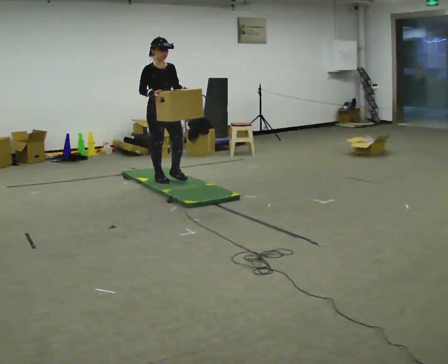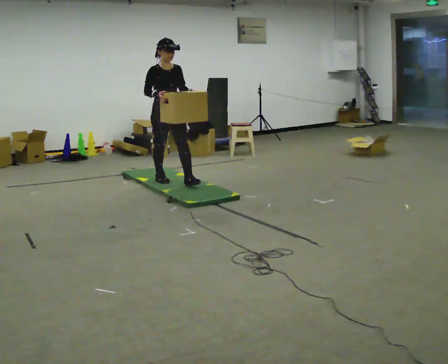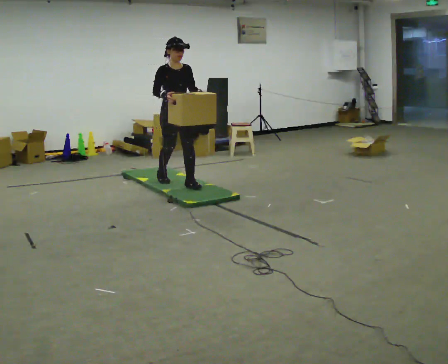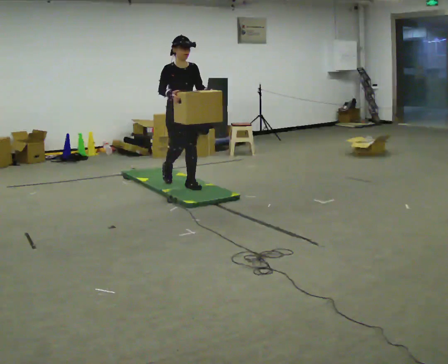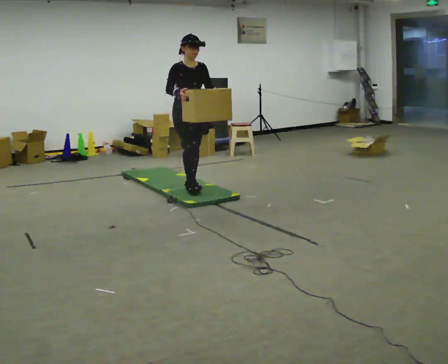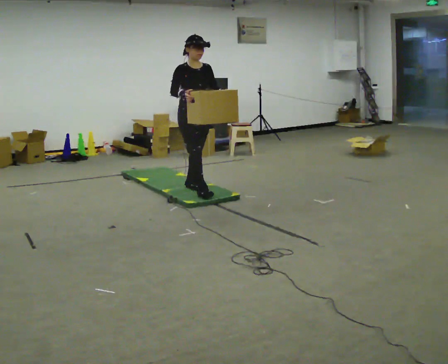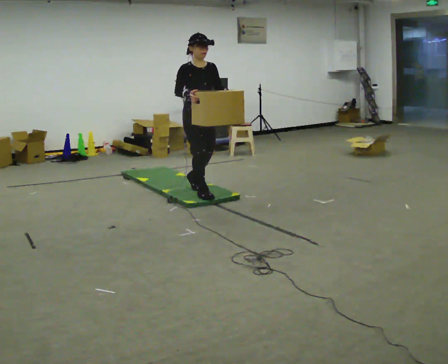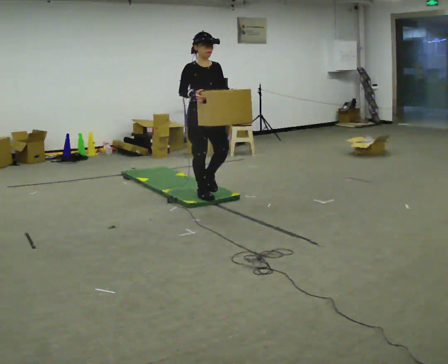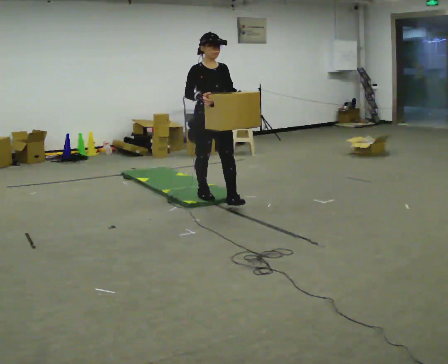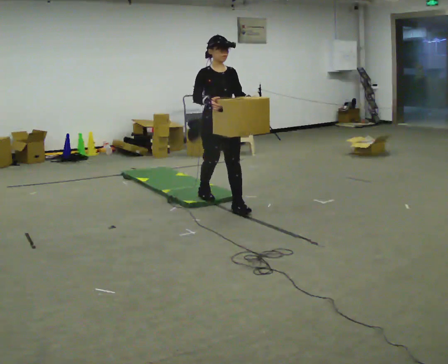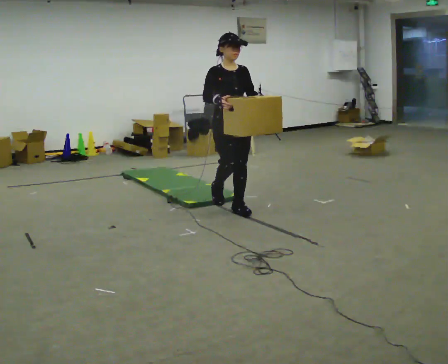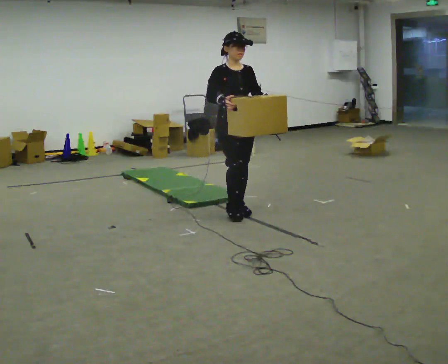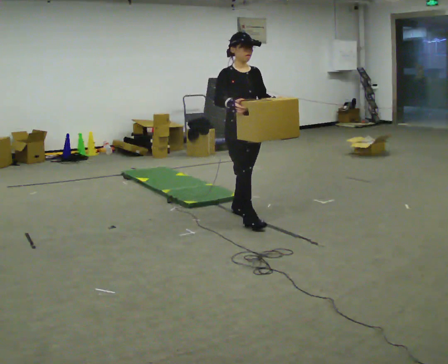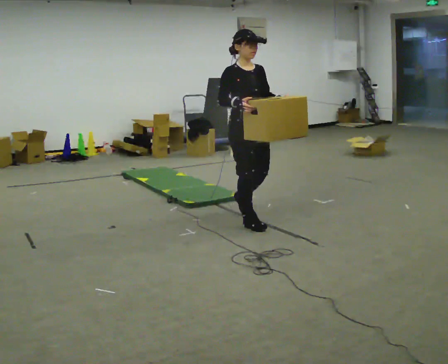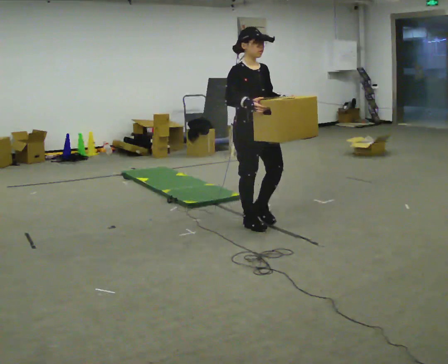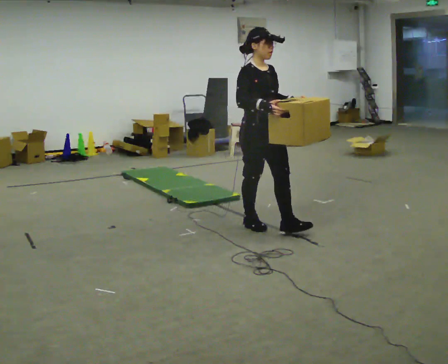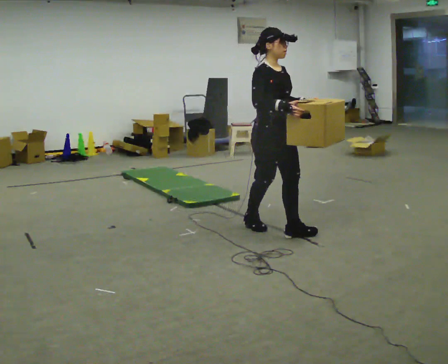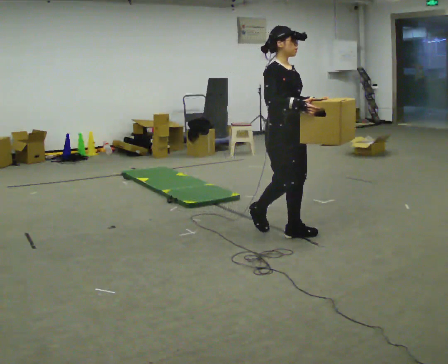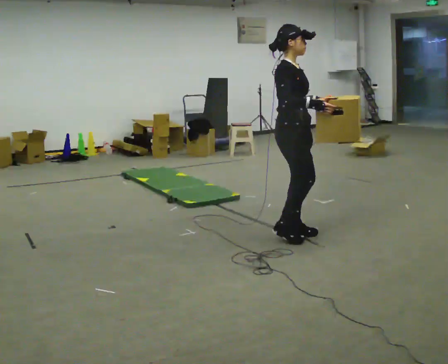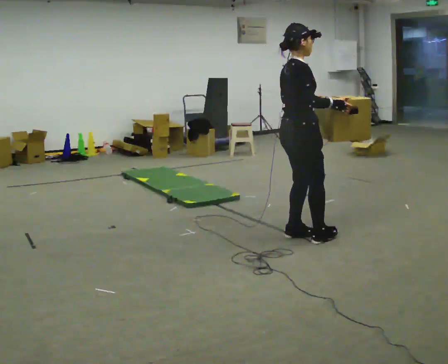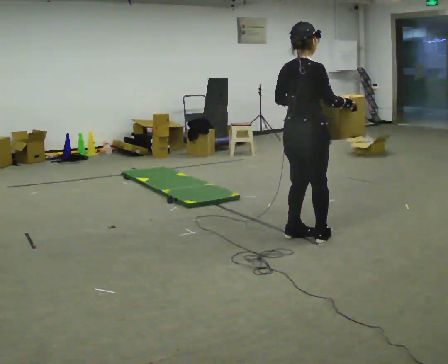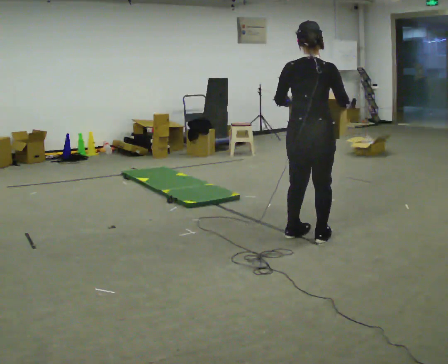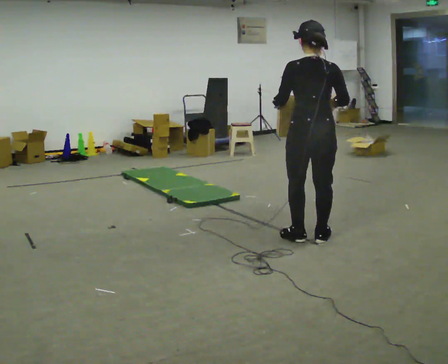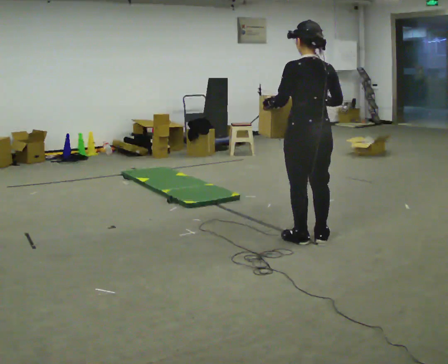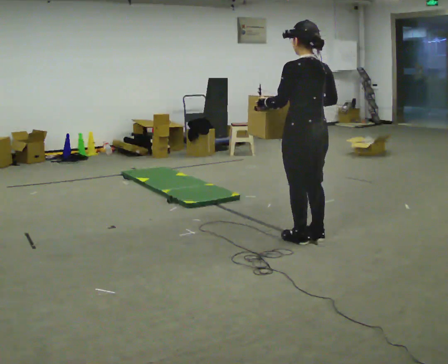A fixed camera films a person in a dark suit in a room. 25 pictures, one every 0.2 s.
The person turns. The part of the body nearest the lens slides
to the right.
The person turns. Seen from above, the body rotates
counterclockwise.
0.0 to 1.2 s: In the picture they go toward the camera and to the right, about 0.5 m in 2 steps, which for them is forward.
1.2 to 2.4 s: In the picture they go toward the camera and to the right, about 1 m in 2 steps, which for them is forward.
2.4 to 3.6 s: The part of the body nearest the lens slides to the right as the person turns to their left by about 45 degrees. In the picture they go toward the camera and to the right, about 0.5 m in 1 step, which for them is forward.
3.6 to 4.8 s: The person turns about 135 degrees to their left, counterclockwise seen from above, so the part of the body nearest the lens slides to the right. In the picture they go toward the camera, about 0.25 m in 2 steps.
The film runs forward here.
